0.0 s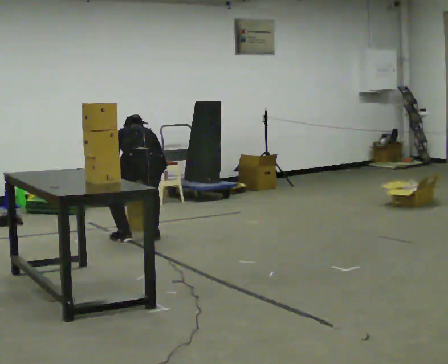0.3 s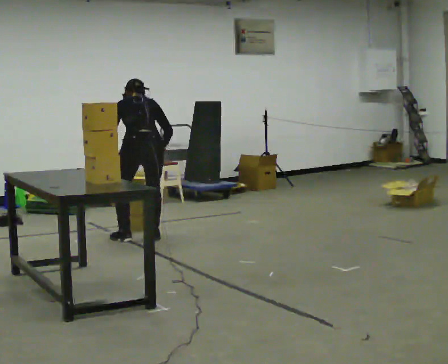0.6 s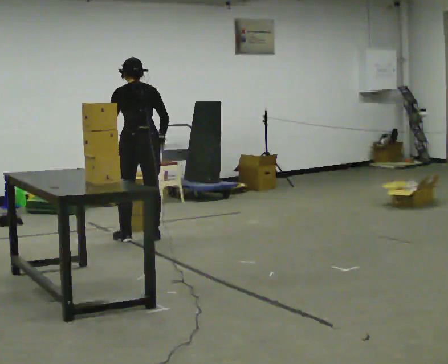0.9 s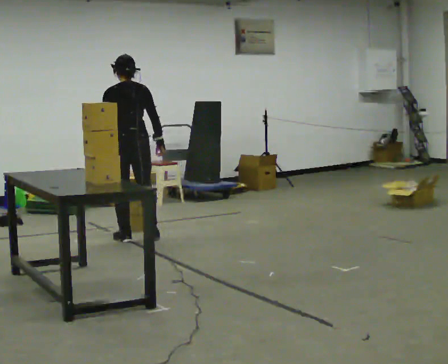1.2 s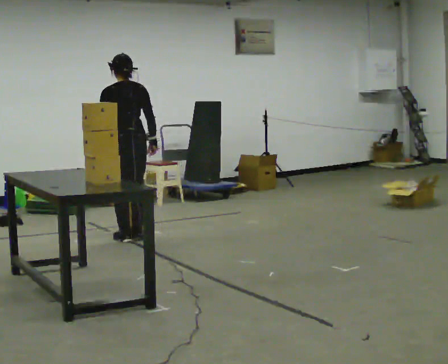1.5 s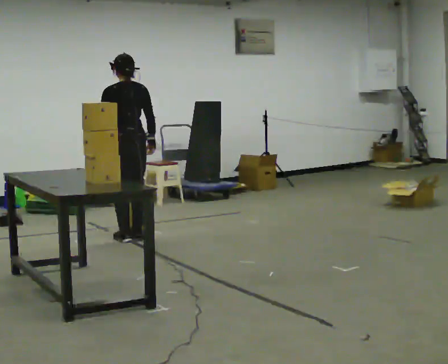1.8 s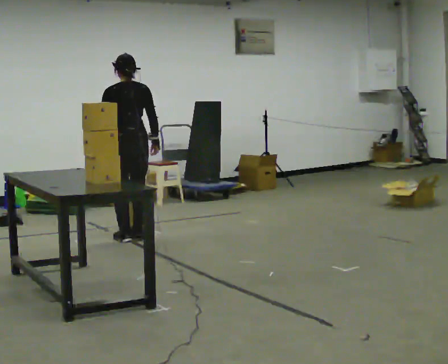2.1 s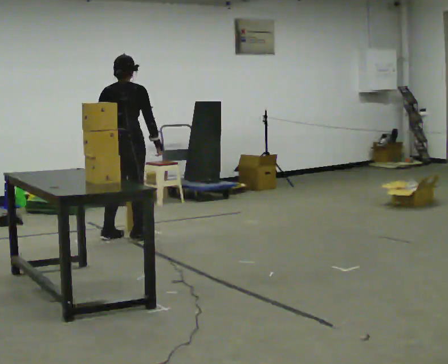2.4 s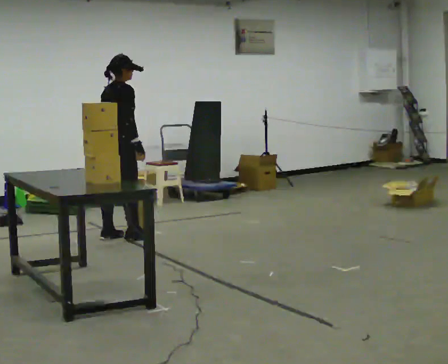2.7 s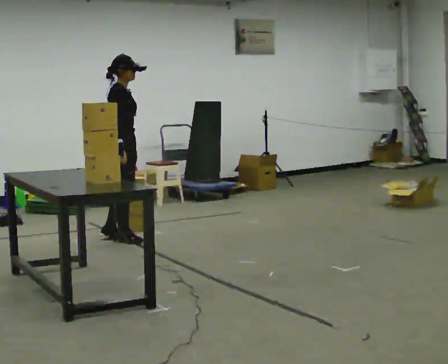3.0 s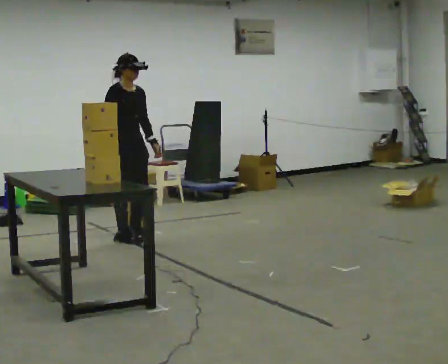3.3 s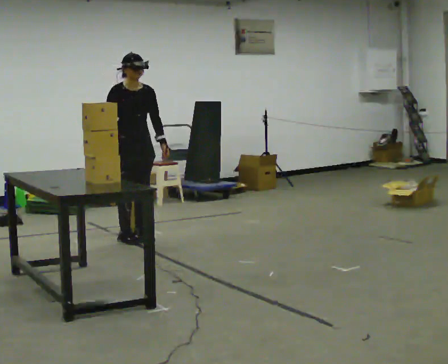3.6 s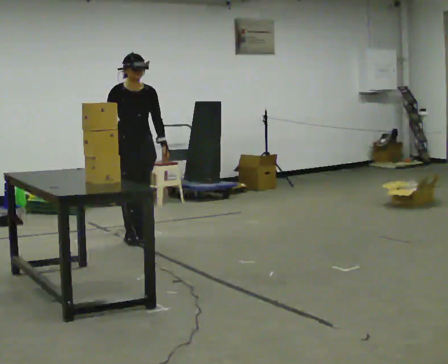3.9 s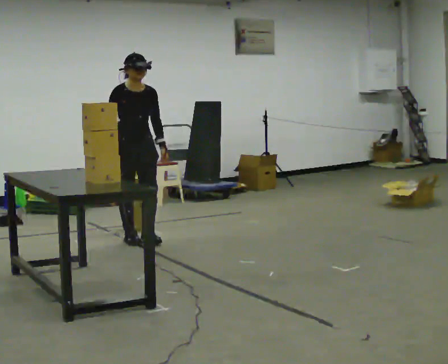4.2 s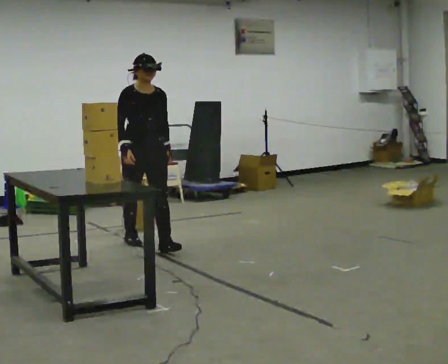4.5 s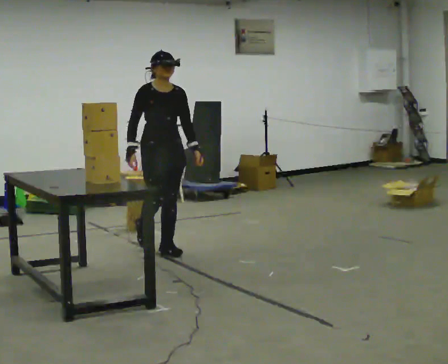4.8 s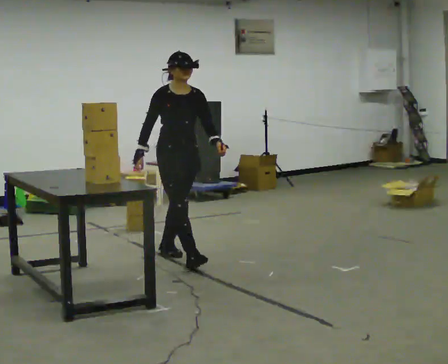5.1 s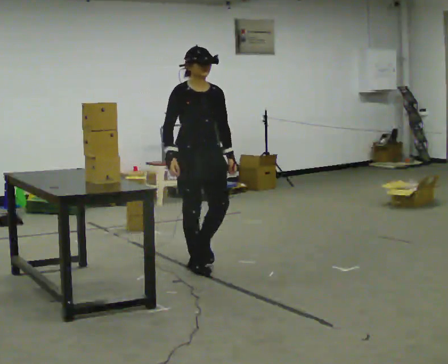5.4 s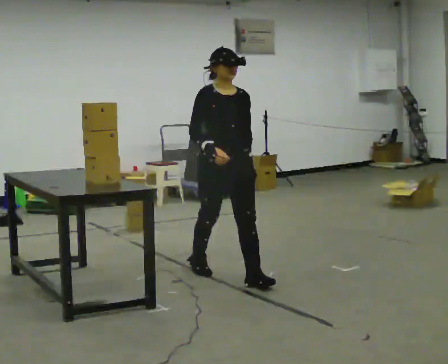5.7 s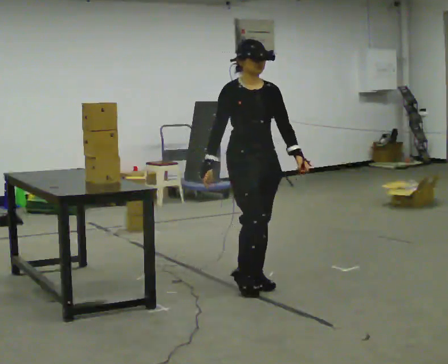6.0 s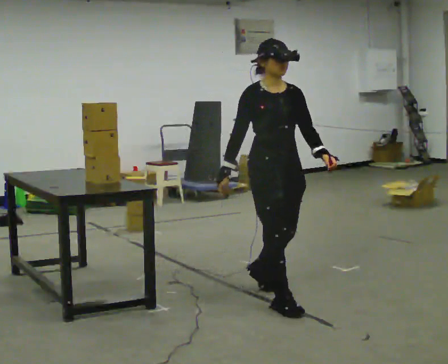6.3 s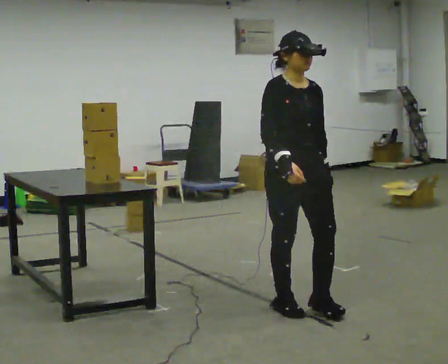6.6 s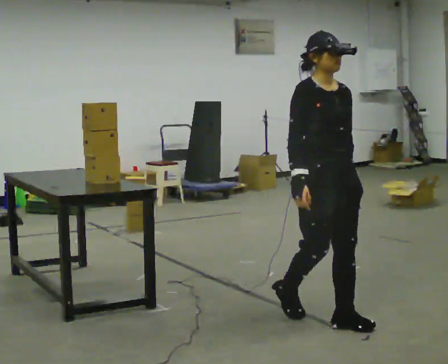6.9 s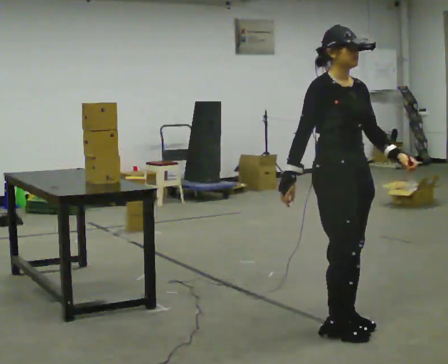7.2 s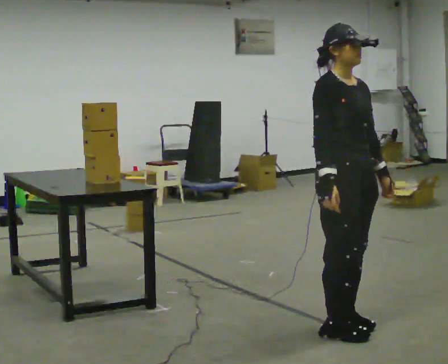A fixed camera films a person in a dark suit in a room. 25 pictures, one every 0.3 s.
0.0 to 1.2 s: The shoulders move upward. The upper body tips toward the camera, its near side rolling downward, as they lean back or straighten. In the picture their left hand goes upward.
1.2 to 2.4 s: The part of the body nearest the lens slides to the left as the person turns to their right by about 75 degrees.
2.4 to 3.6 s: Seen from above the body turns clockwise, about 90 degrees: to their right, with its near side sliding to the left. In the picture they go to the right, about 0.25 m in 1 step. In the picture their left hand goes to the right.
3.6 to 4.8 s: In the picture they go toward the camera and to the right, about 1 m in 1 step, which for them is forward.
4.8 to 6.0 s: In the picture they go toward the camera and to the right, about 1 m in 3 steps, which for them is forward.
6.0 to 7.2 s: In the picture they go toward the camera, about 0.75 m in 2 steps, which for them is forward.
The film runs forward here.
